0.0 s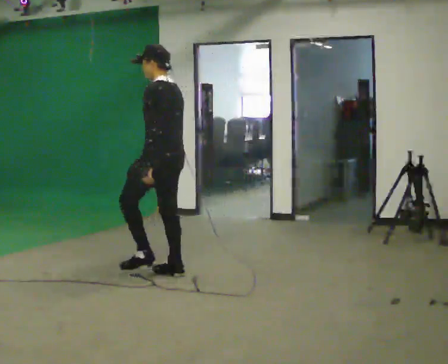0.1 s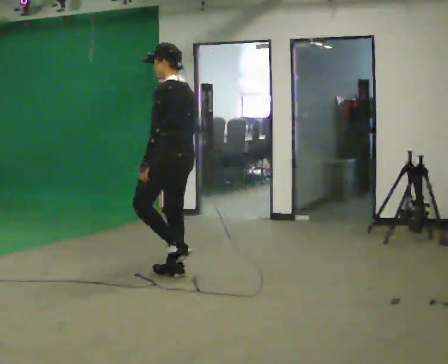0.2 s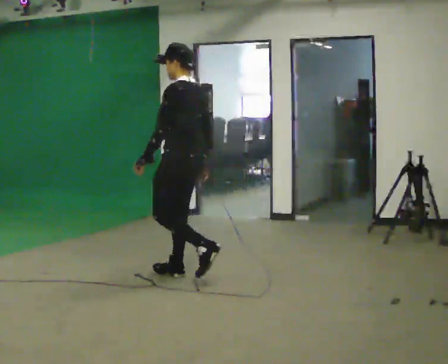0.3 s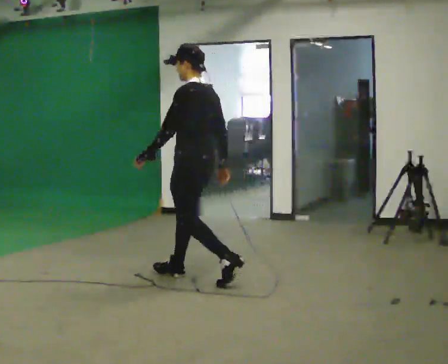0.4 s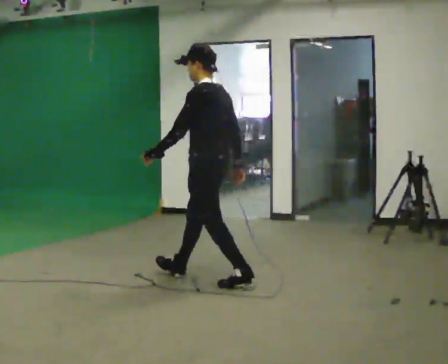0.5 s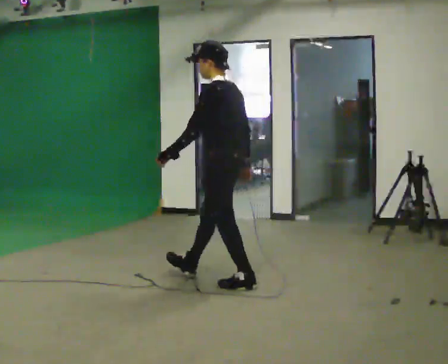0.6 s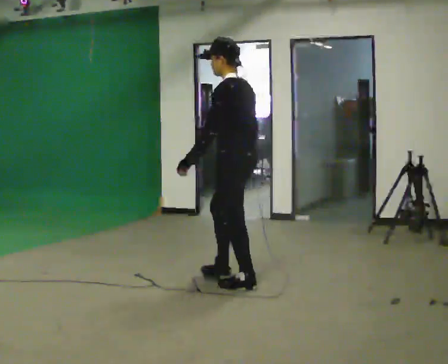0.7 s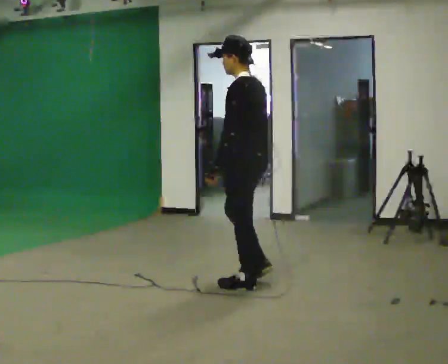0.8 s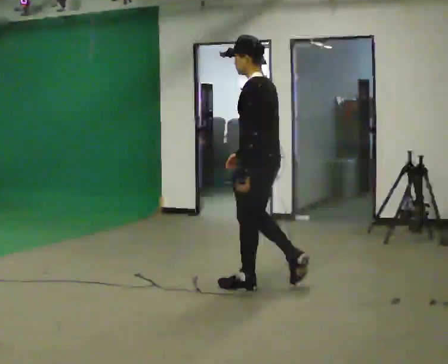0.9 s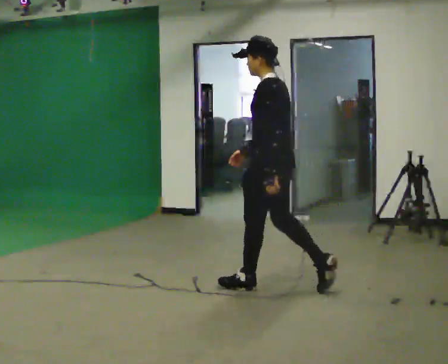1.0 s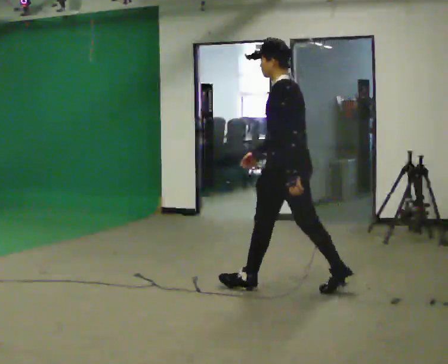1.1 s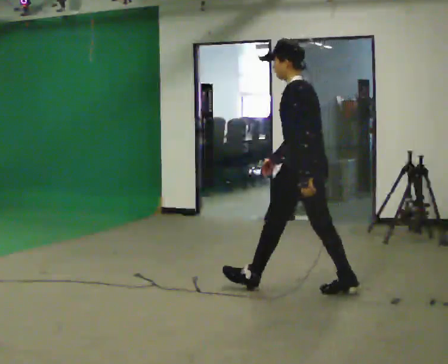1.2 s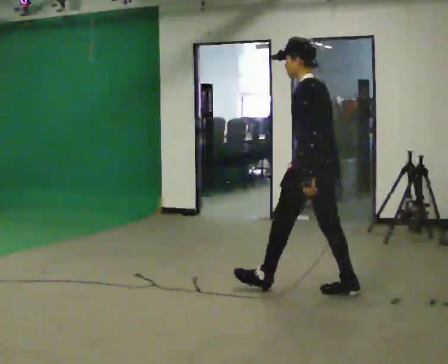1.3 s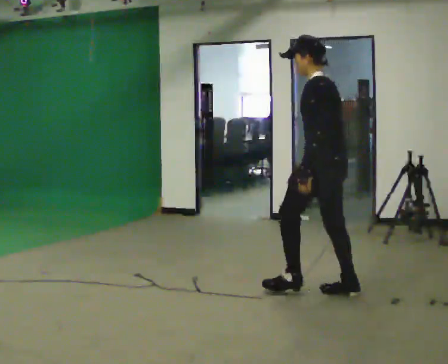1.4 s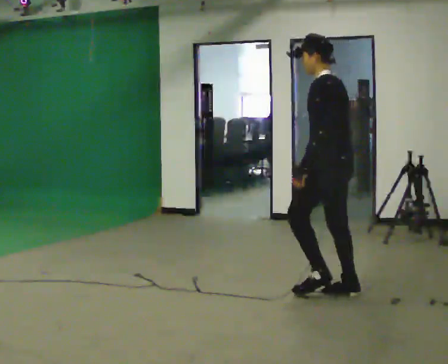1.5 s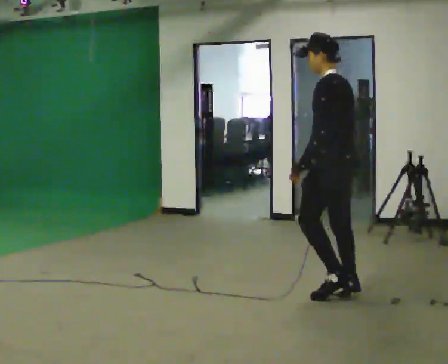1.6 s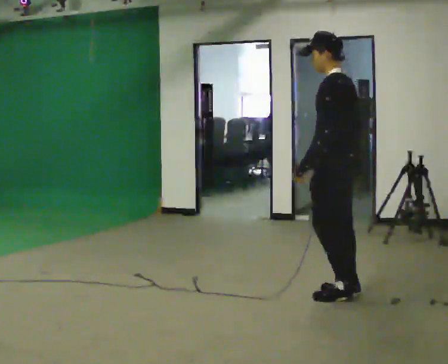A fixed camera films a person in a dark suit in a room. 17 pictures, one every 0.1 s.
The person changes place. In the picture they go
to the right.
0.0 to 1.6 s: In the picture they go to the right and toward the camera, about 1.5 m in 2 steps, which for them is backward.
The film runs backward here.
